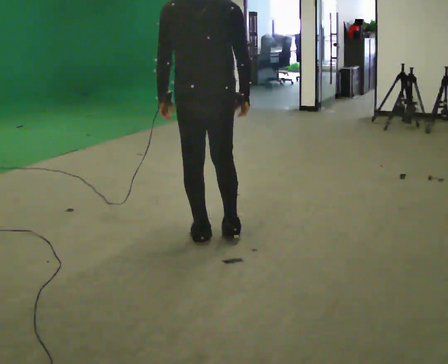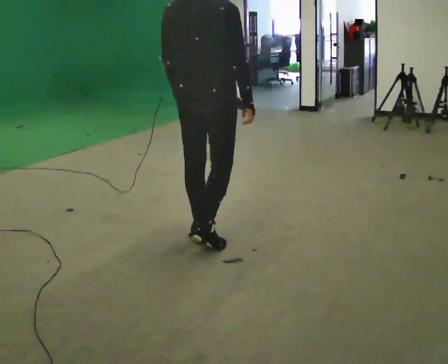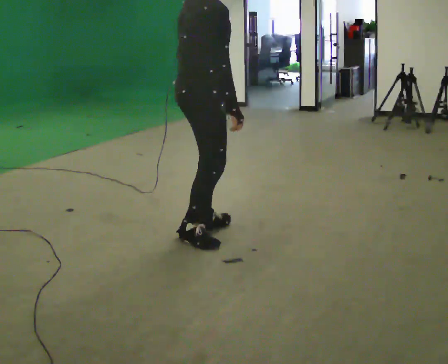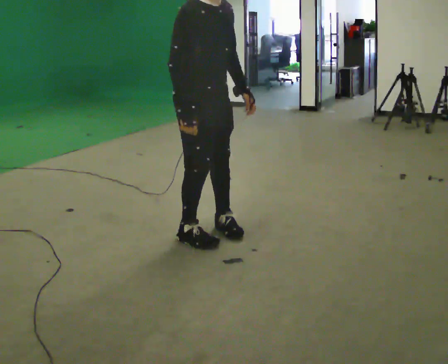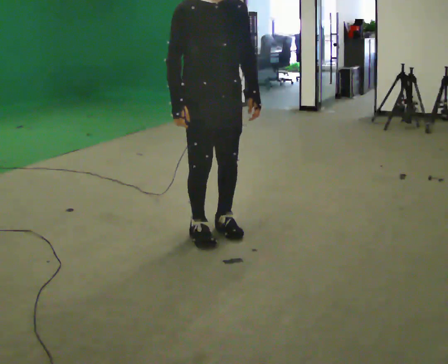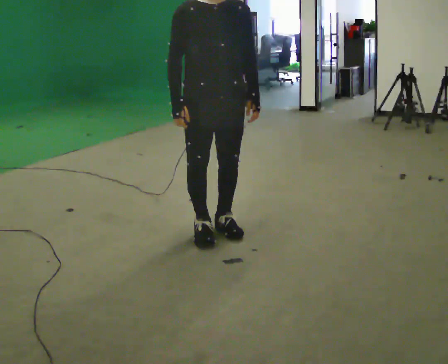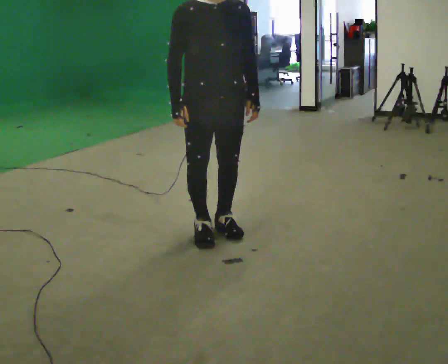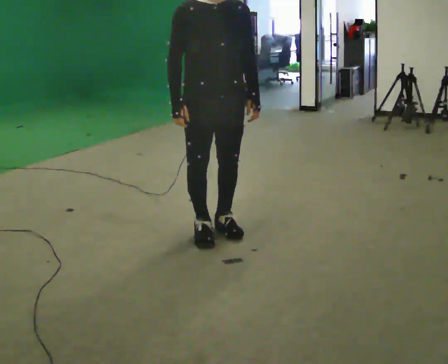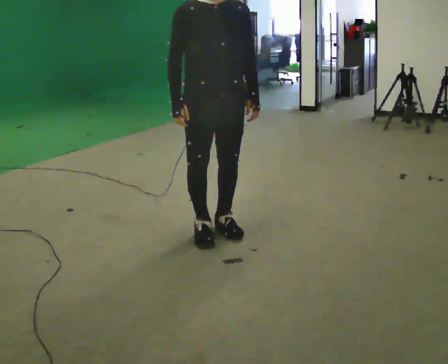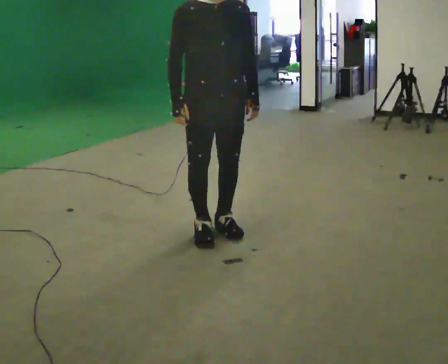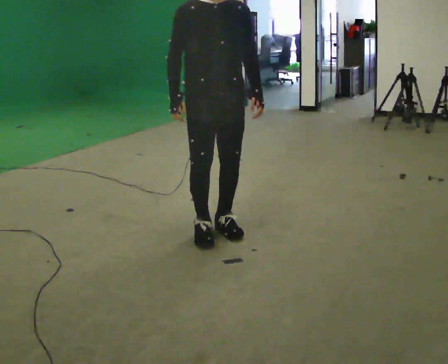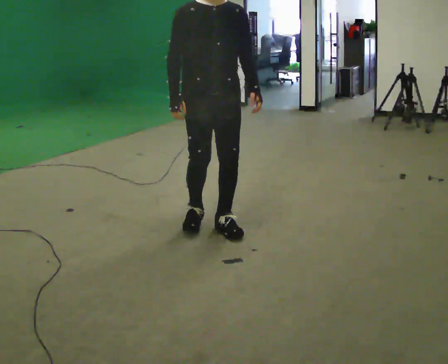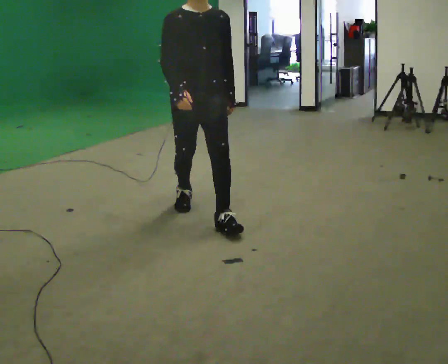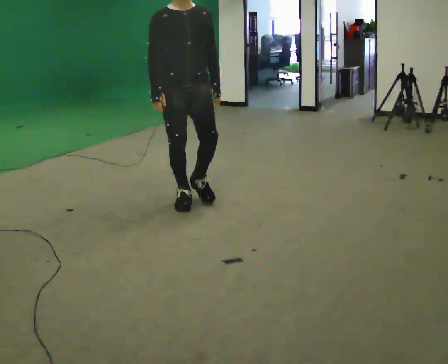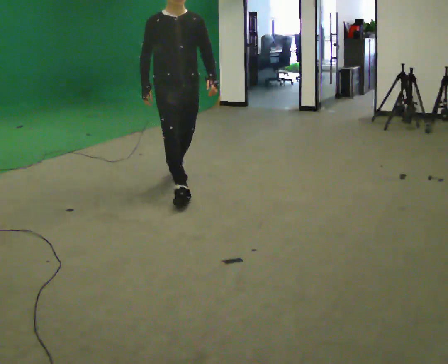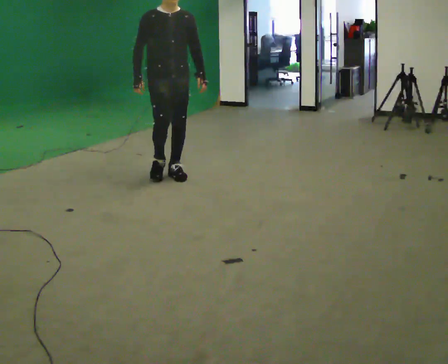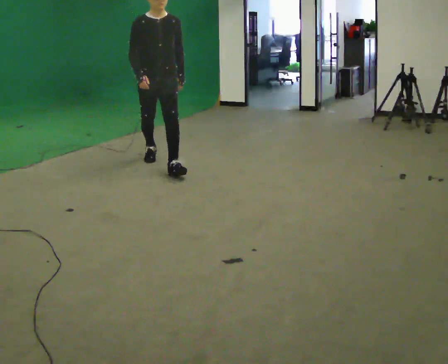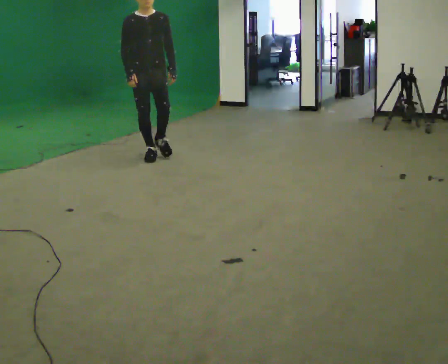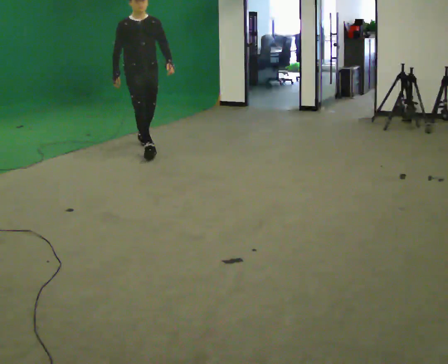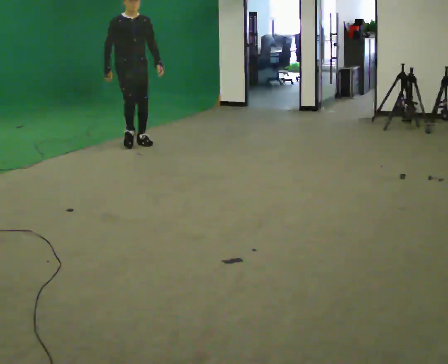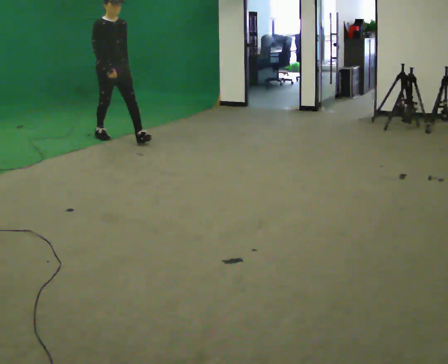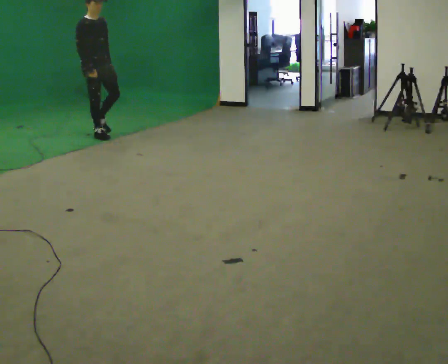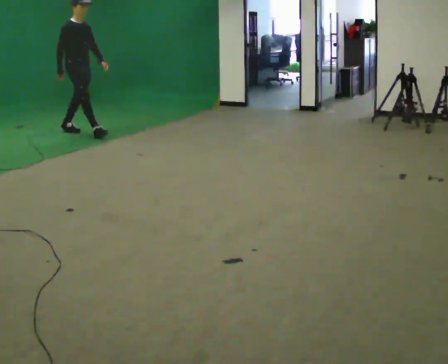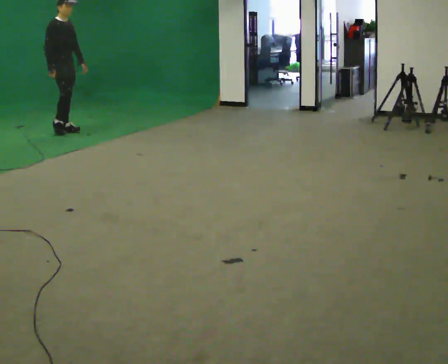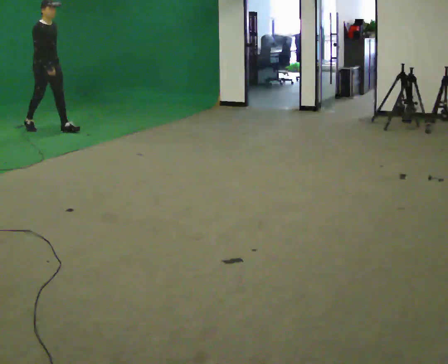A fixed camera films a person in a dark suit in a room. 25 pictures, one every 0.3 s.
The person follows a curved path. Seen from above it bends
counterclockwise.
The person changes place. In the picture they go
away from the camera.
0.0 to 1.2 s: Seen from above the body turns clockwise, about 165 degrees: to their right, with its near side sliding to the left. In the picture their left hand goes to the right, the arm swinging counterclockwise.
1.2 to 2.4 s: The person moves a little, or ends about where they began.
2.4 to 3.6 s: In the picture they go away from the camera, about 0.25 m in 1 step, which for them is backward.
3.6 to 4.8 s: In the picture they go away from the camera, about 1.5 m in 3 steps, which for them is backward.
4.8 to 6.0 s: Seen from above the body turns counterclockwise, about 30 degrees: to their left, with its near side sliding to the right. In the picture they go away from the camera and to the left, about 1.5 m in 2 steps, which for them is backward.
6.0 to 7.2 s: In the picture they go to the left and away from the camera, about 1 m in 1 step, which for them is backward.
The film runs backward here.
